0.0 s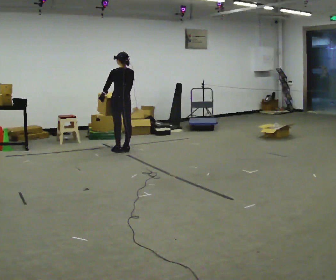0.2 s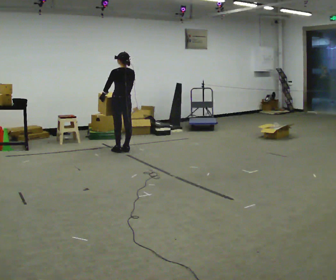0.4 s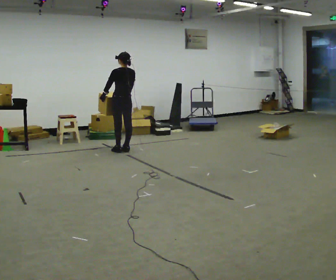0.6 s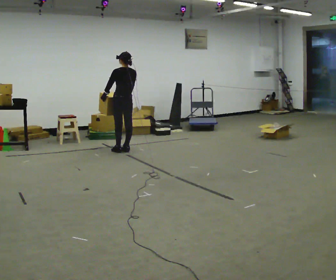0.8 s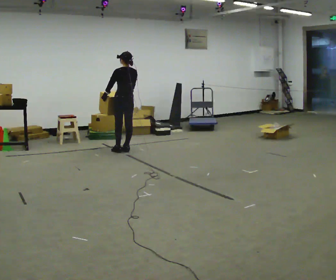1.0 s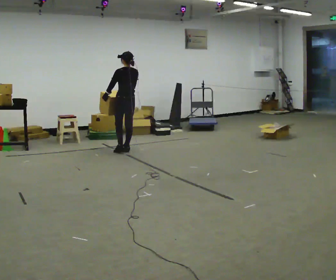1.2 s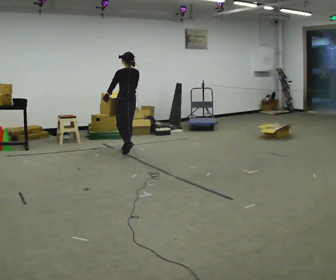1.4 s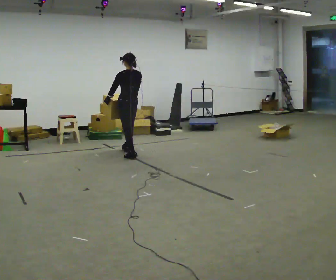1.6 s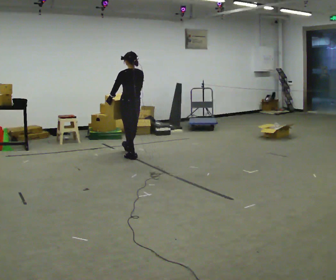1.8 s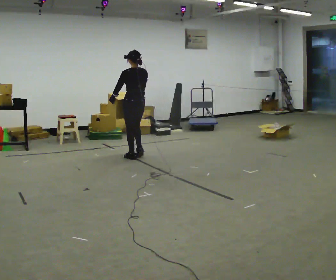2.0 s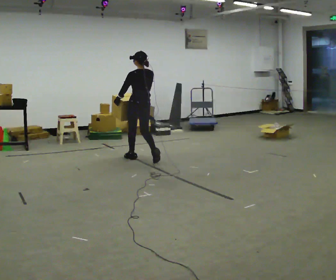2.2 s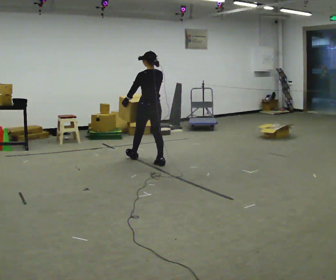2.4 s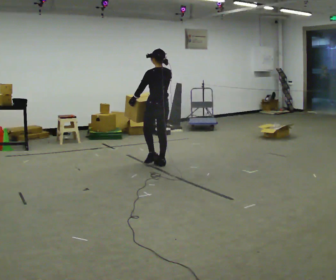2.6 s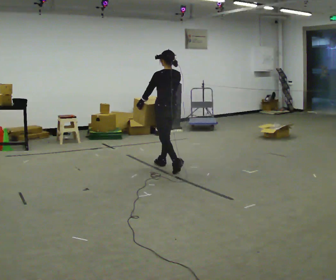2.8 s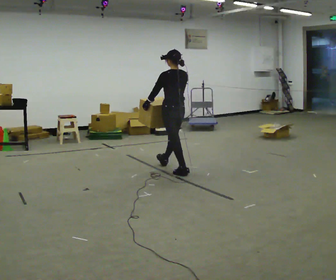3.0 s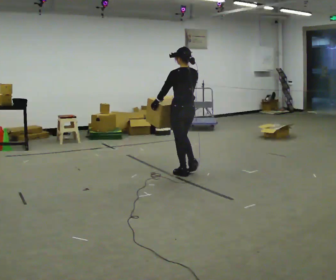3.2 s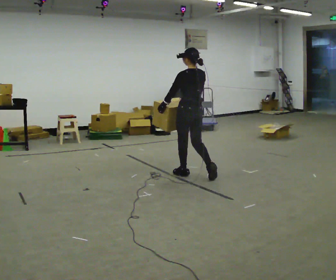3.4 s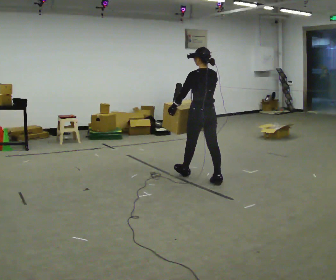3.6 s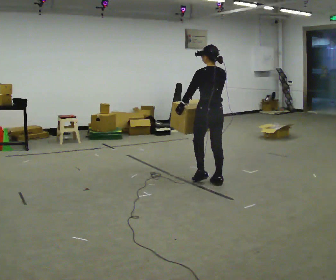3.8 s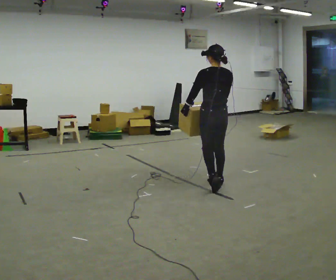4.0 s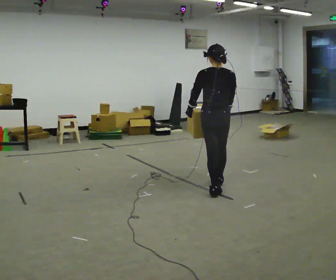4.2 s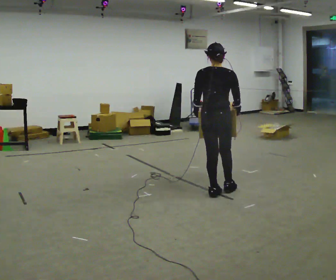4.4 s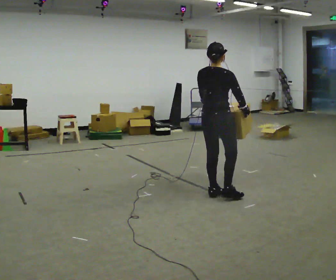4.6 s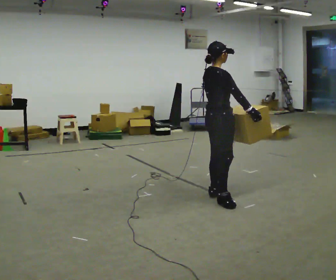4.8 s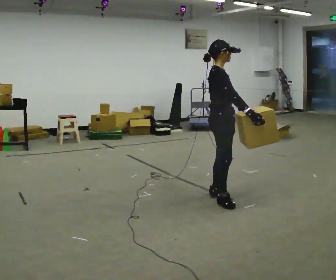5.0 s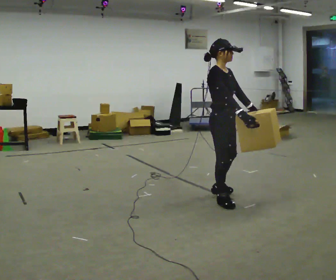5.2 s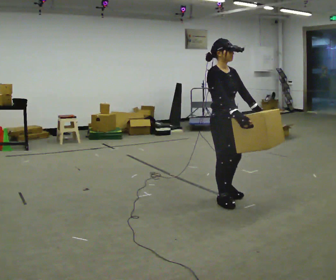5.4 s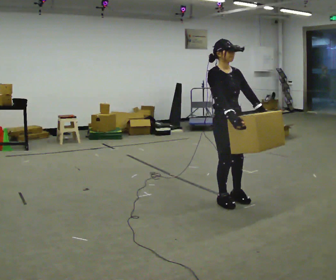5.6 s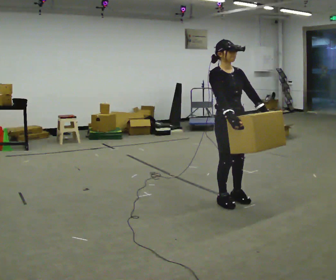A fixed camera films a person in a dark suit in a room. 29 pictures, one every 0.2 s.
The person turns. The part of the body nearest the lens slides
to the left.
The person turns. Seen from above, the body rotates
clockwise.
0.0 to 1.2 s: The person moves a little, or ends about where they began.
1.2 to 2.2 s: In the picture they go toward the camera and to the right, about 0.5 m in 2 steps, which for them is backward.
2.2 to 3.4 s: In the picture they go toward the camera and to the right, about 1 m in 2 steps, which for them is backward.
3.4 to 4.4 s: Seen from above the body turns clockwise, about 60 degrees: to their right, with its near side sliding to the left. In the picture they go toward the camera, about 0.5 m in 1 step.
4.4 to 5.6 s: The part of the body nearest the lens slides to the left as the person turns to their right by about 120 degrees. In the picture they go toward the camera, about 0.25 m in 1 step.
The film runs backward here.
